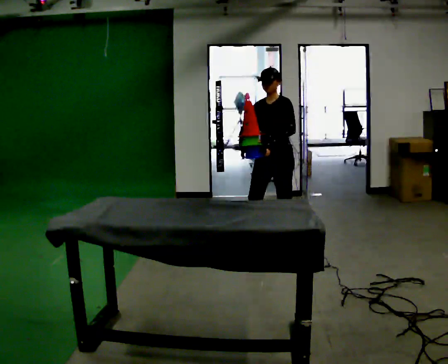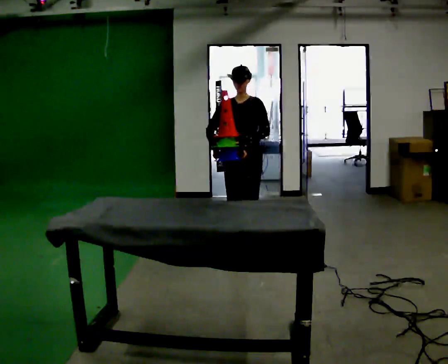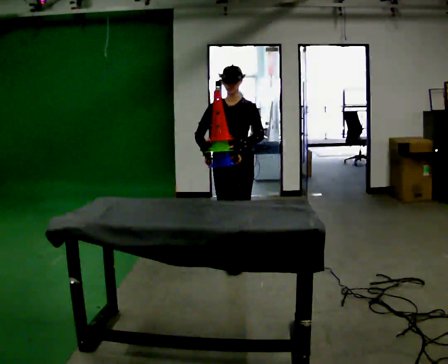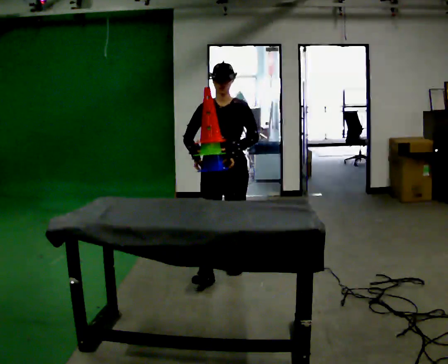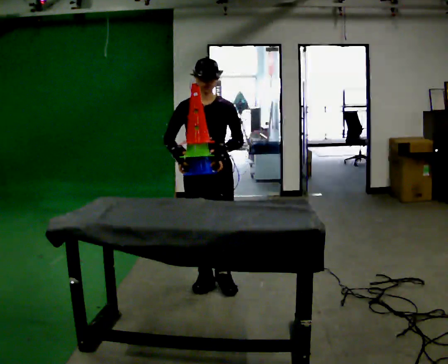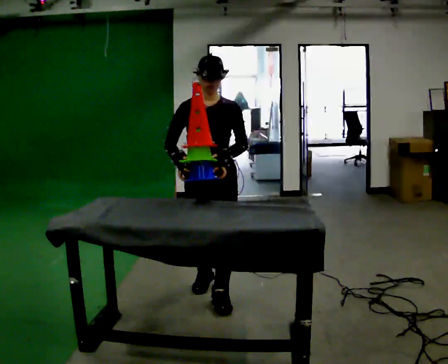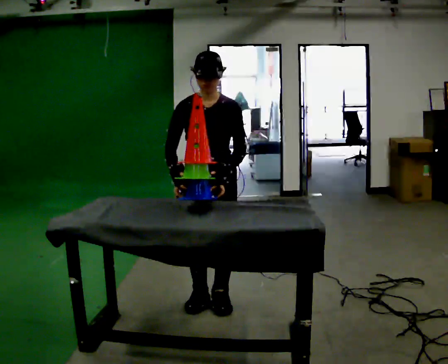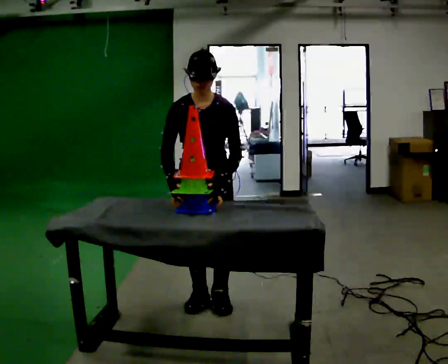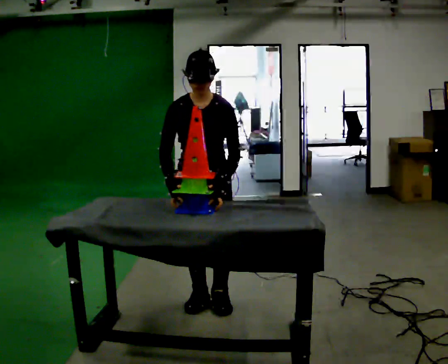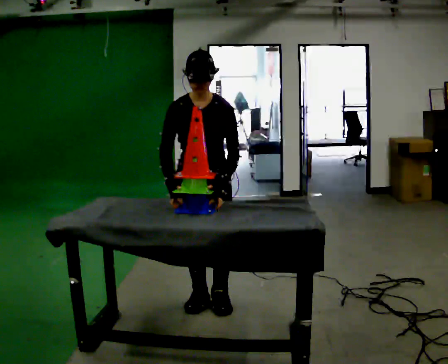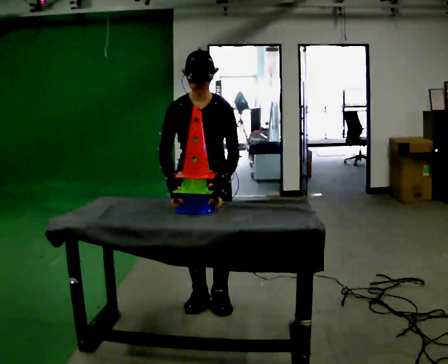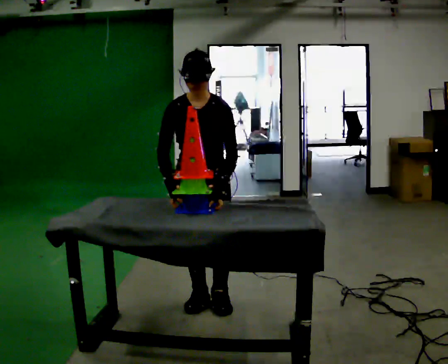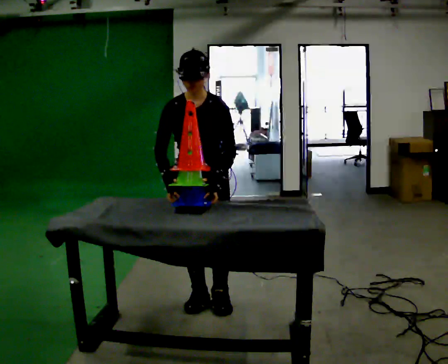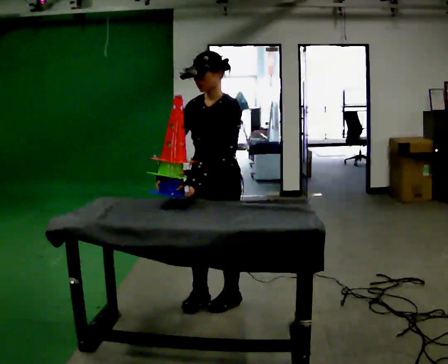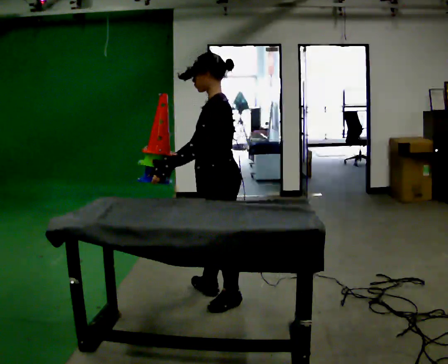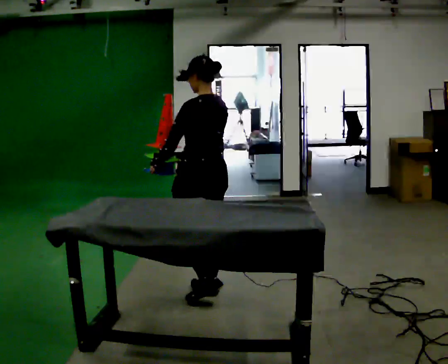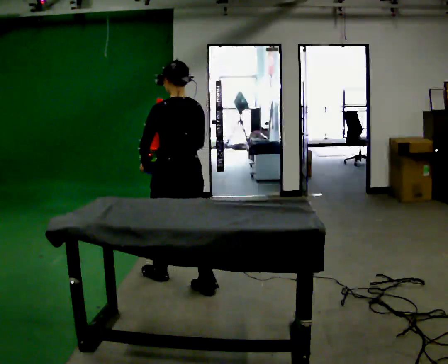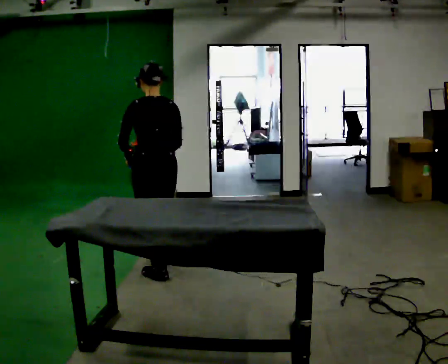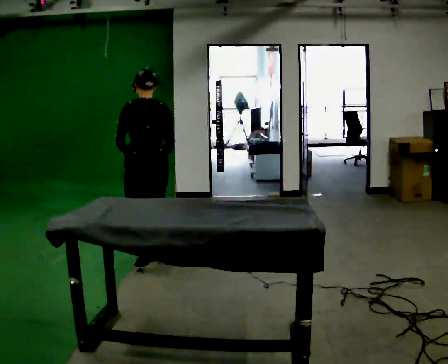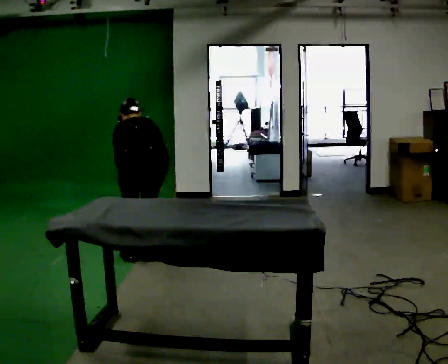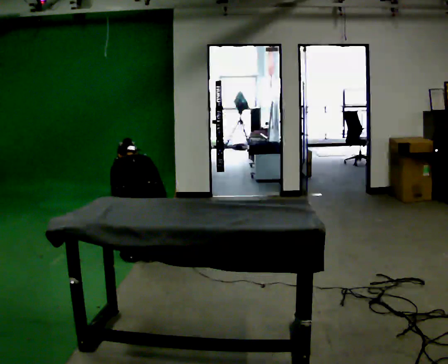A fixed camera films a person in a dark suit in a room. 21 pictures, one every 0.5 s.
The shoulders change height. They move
downward.
0.0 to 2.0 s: The person turns about 30 degrees to their left, counterclockwise seen from above, so the part of the body nearest the lens slides to the right. In the picture they go toward the camera and to the left, about 1 m in 3 steps, which for them is forward.
2.0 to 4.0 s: In the picture they go toward the camera, about 0.5 m in 2 steps, which for them is forward. The upper body tips toward the camera, its near side rolling downward, as they bend forward.
4.0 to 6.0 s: The person moves a little, or ends about where they began.
6.0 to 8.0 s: The part of the body nearest the lens slides to the left as the person turns to their right by about 135 degrees. In the picture they go away from the camera and to the left, about 0.5 m in 1 step.
8.0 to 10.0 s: In the picture they go away from the camera and to the left, about 0.5 m in 2 steps, which for them is forward and to their left. The shoulders move downward. The upper body tips away from the camera, its near side rolling upward, as they bend forward. In the picture their right hand goes downward.
The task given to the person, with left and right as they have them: Collect three or four objects from around the room, gather them in your arms, then carry them all to the shelf together. Keep going until the operator says stop; one object at a time, and do not rush between trips.
The film runs forward here.
